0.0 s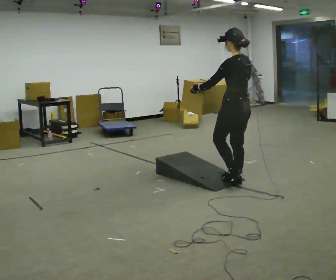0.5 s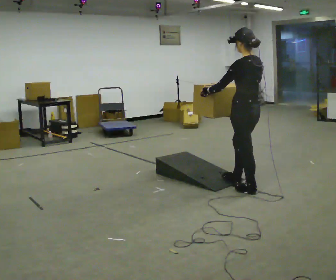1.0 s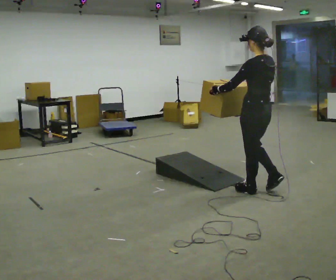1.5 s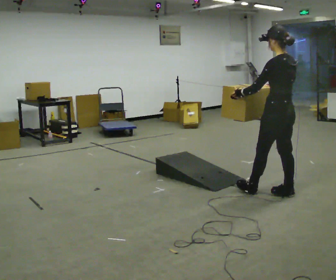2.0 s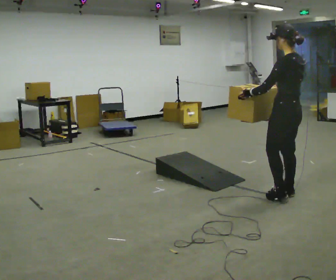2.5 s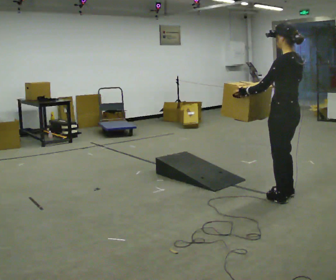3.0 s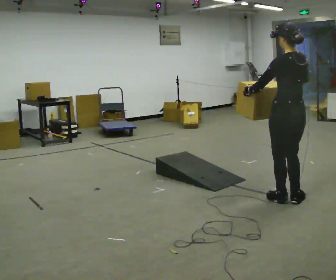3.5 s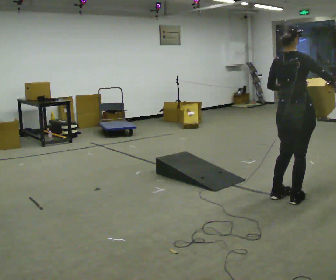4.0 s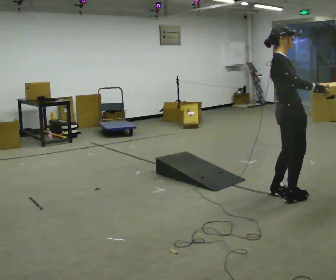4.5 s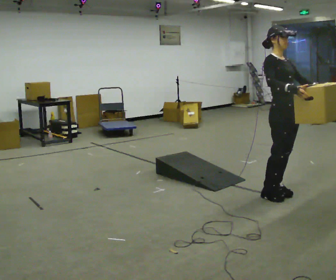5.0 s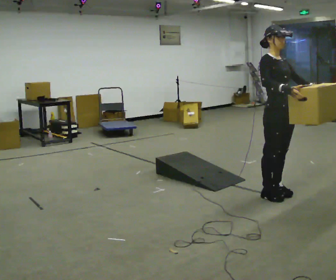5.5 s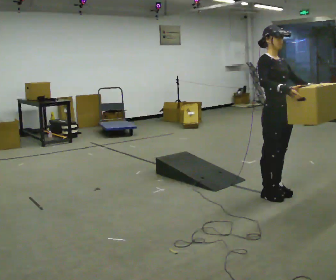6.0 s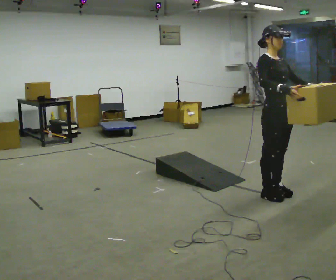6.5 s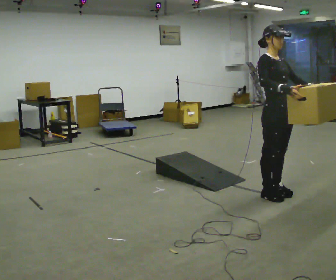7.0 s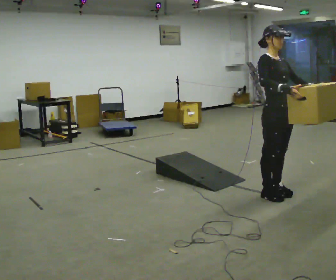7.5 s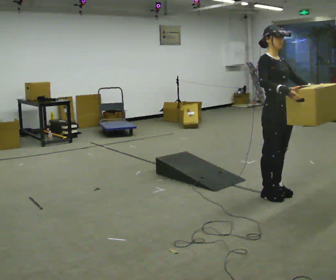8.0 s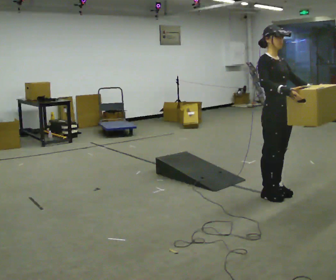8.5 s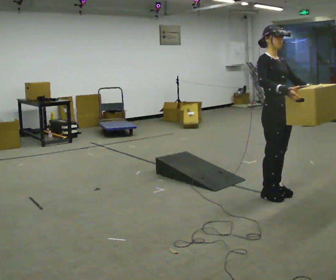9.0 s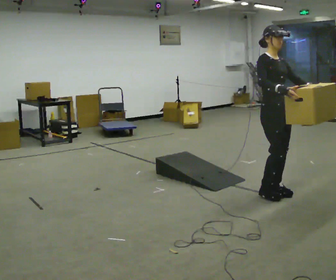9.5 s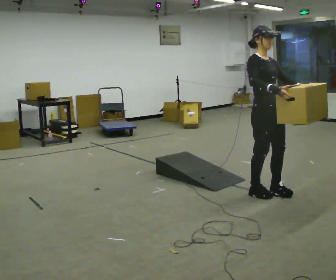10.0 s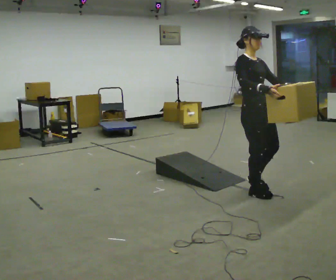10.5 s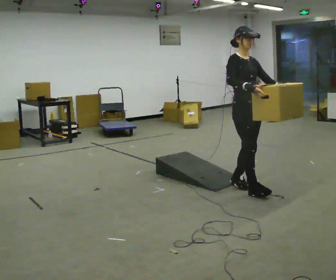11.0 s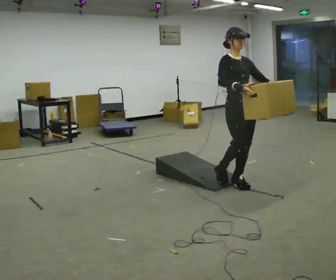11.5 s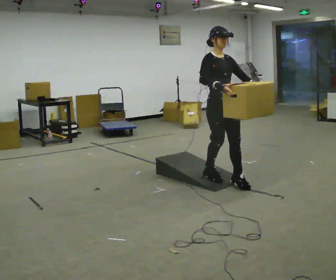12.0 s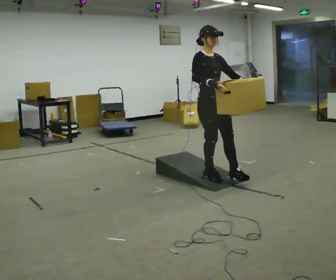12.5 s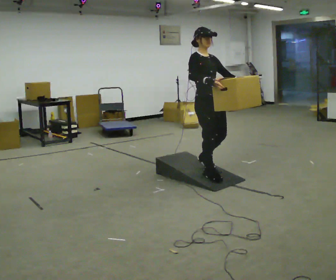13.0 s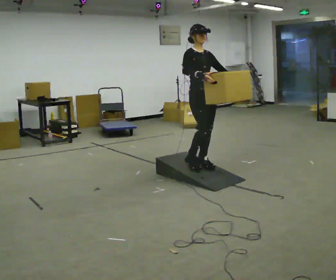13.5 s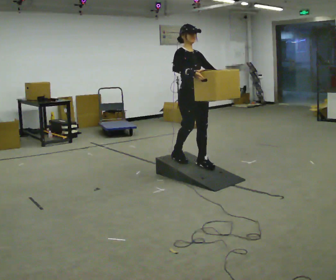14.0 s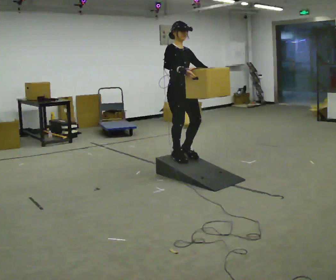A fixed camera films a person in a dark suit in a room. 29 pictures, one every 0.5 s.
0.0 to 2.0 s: In the picture they go to the right and toward the camera, about 0.5 m in 2 steps, which for them is backward.
2.0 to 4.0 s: The part of the body nearest the lens slides to the left as the person turns to their right by about 135 degrees. In the picture the upper body tilts counterclockwise, shoulders to the left.
4.0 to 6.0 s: The person turns about 60 degrees to their right, clockwise seen from above, so the part of the body nearest the lens slides to the left. In the picture their right hand goes to the left.
6.0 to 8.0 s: The person keeps their place and pose.
8.0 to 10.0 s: In the picture they go to the left, about 0.25 m in 1 step, which for them is backward.
10.0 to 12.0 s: In the picture they go to the left and away from the camera, about 0.5 m in 1 step, which for them is backward.
12.0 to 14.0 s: In the picture they go away from the camera and to the left, about 0.5 m in 3 steps, which for them is backward.
The film runs backward here.
